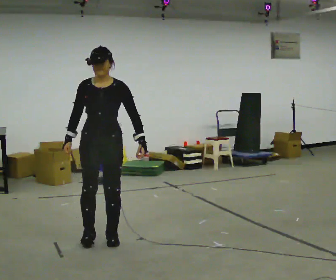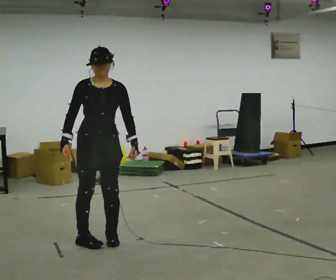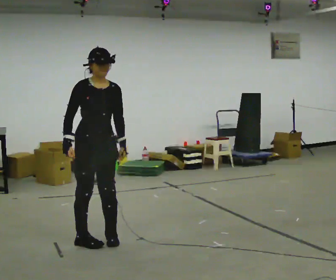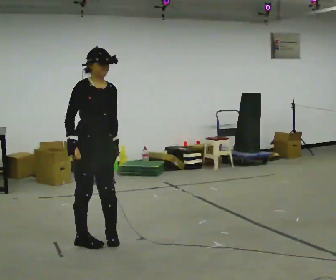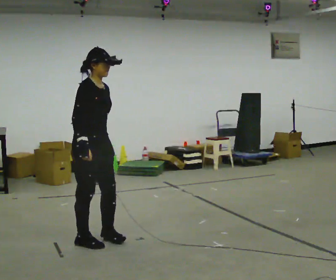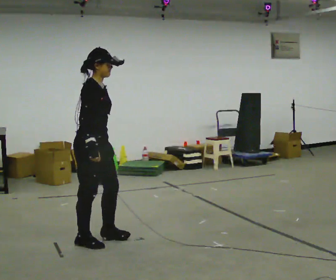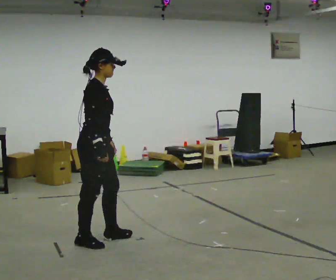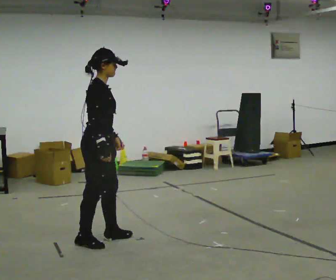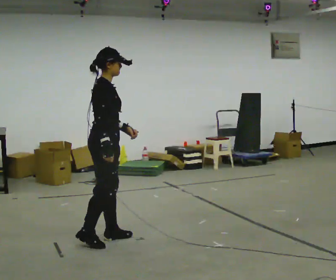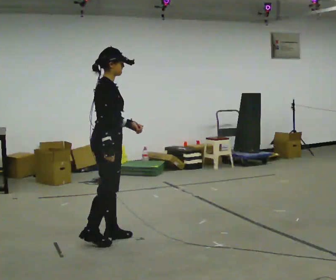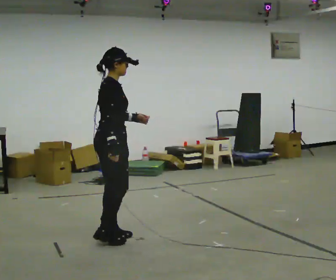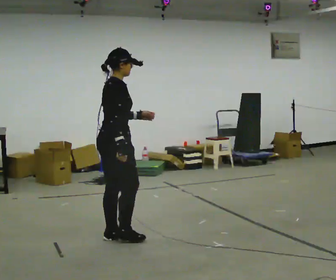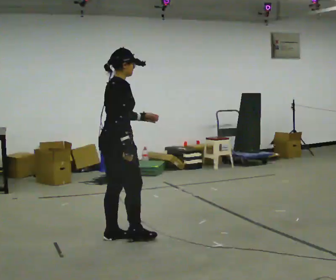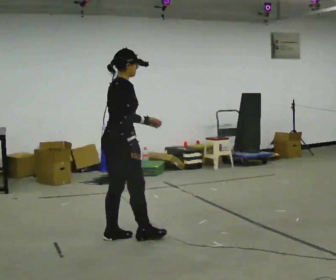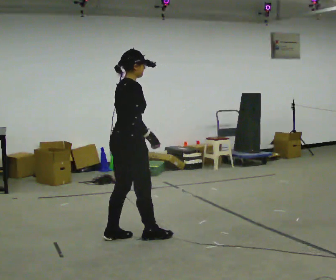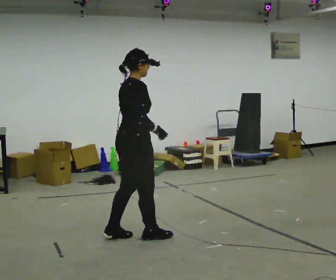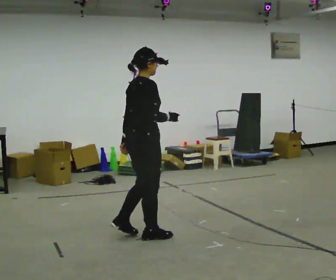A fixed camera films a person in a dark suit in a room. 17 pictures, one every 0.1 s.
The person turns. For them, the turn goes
to their left.
The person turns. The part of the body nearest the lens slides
to the right.
0.0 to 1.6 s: The part of the body nearest the lens slides to the right as the person turns to their left by about 120 degrees. In the picture they go to the right, about 0.25 m in 2 steps.
The film runs backward here.
